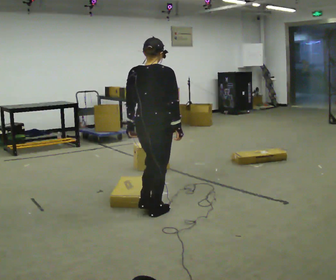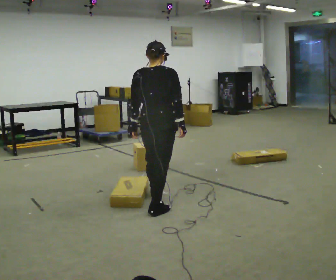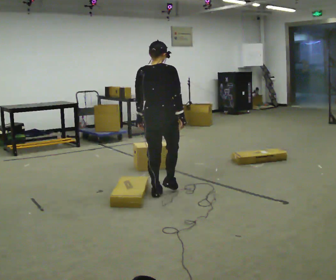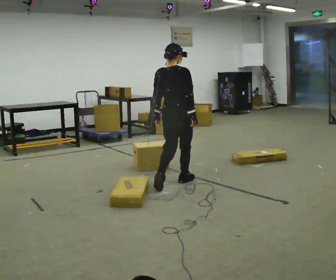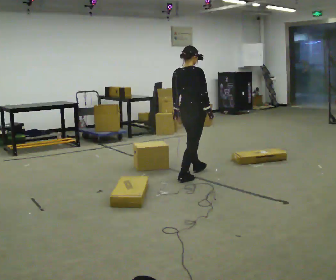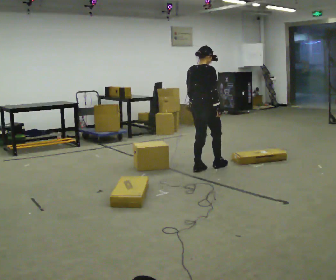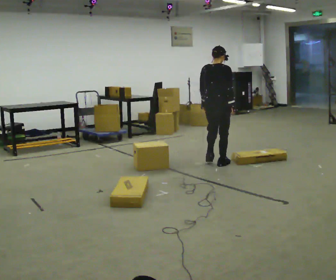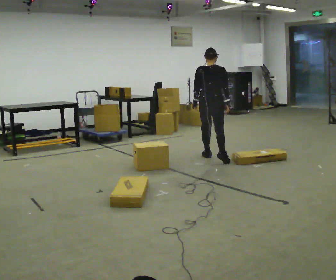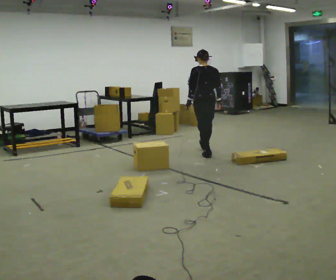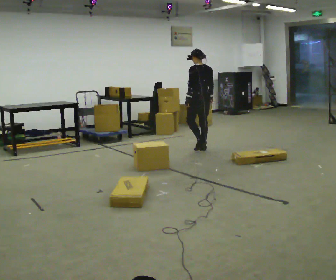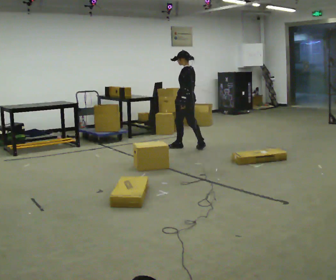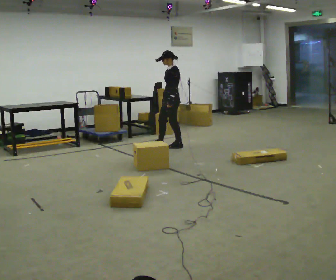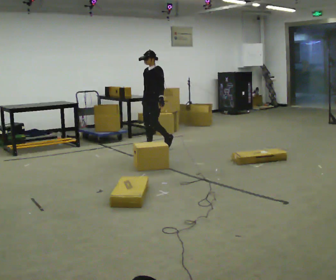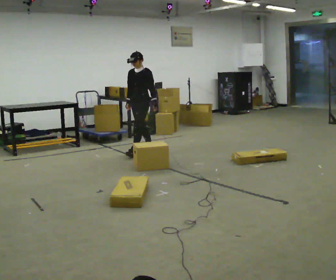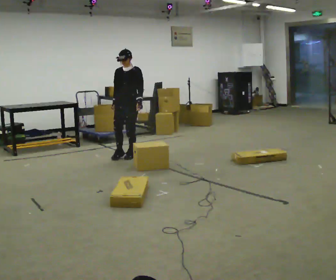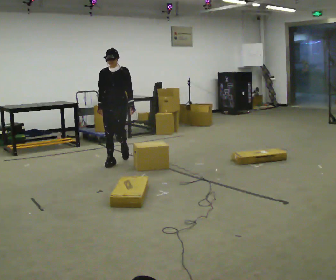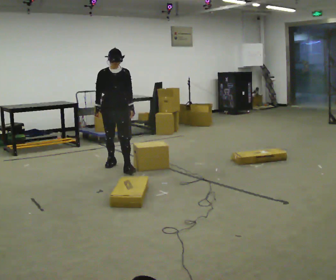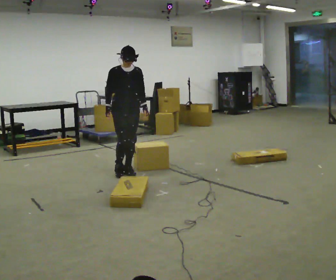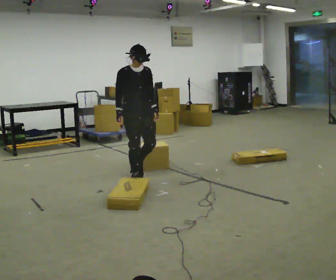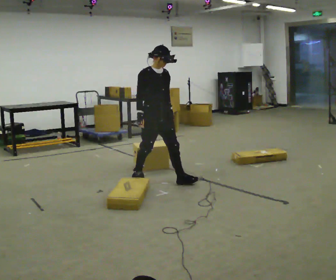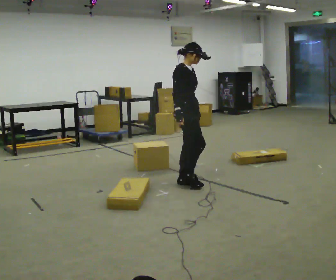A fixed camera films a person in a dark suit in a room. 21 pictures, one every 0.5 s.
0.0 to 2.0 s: In the picture they go away from the camera, about 1 m in 3 steps, which for them is forward.
2.0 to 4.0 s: Seen from above the body turns counterclockwise, about 60 degrees: to their left, with its near side sliding to the right. In the picture they go away from the camera, about 1 m in 2 steps, which for them is forward.
4.0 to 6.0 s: The person turns about 120 degrees to their left, counterclockwise seen from above, so the part of the body nearest the lens slides to the right. In the picture they go to the left and away from the camera, about 1 m in 3 steps.
6.0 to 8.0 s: The person turns about 60 degrees to their left, counterclockwise seen from above, so the part of the body nearest the lens slides to the right. In the picture they go toward the camera, about 1 m in 3 steps.
8.0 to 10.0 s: Seen from above the body turns counterclockwise, about 60 degrees: to their left, with its near side sliding to the right. In the picture they go to the right and toward the camera, about 1 m in 2 steps, which for them is forward.
The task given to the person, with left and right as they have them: Walk across the room at a normal pace, looking ahead. Something may appear in your way. Deal with it however comes naturally and carry on.
The film runs forward here.
